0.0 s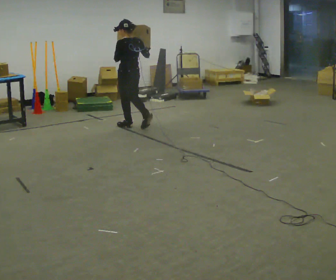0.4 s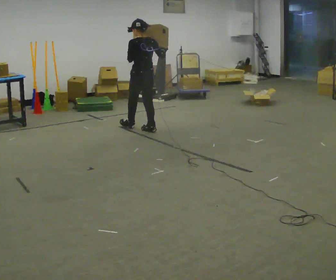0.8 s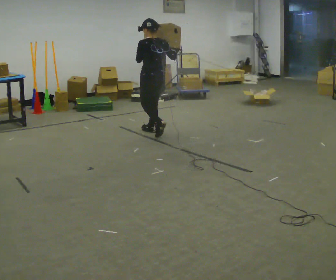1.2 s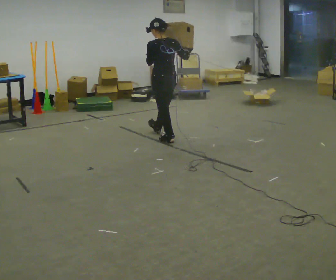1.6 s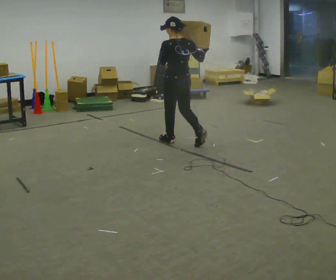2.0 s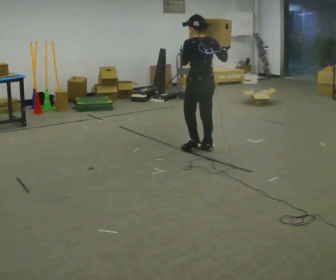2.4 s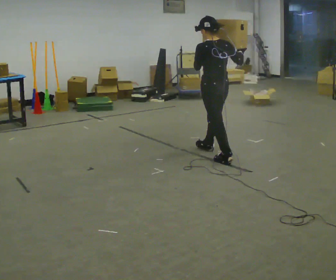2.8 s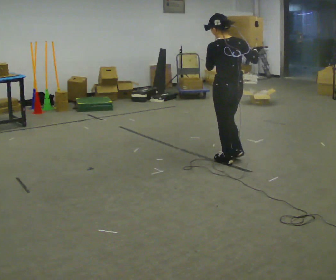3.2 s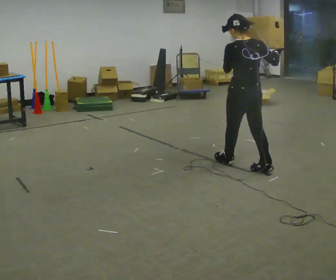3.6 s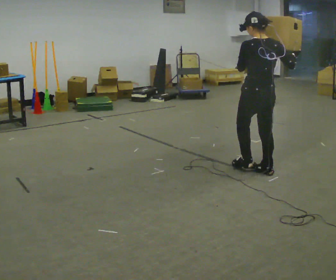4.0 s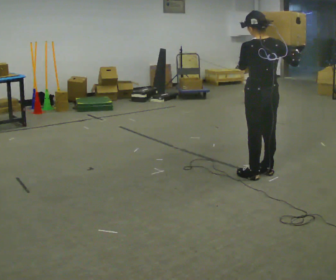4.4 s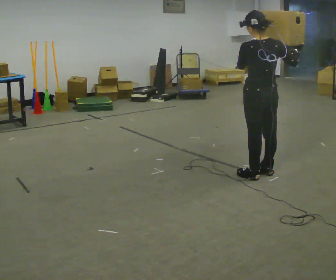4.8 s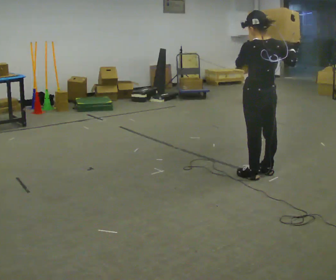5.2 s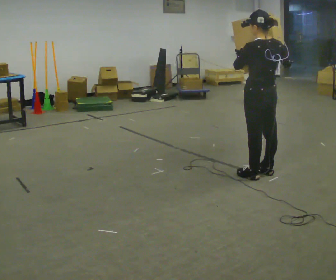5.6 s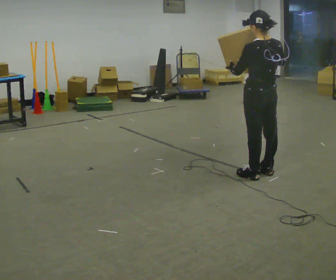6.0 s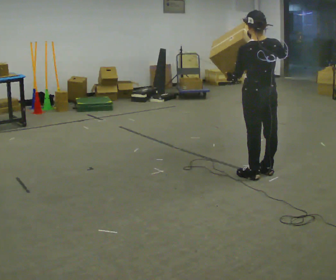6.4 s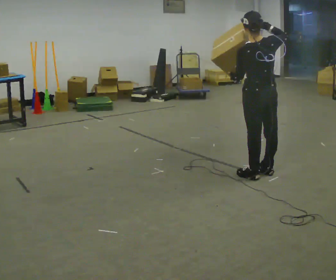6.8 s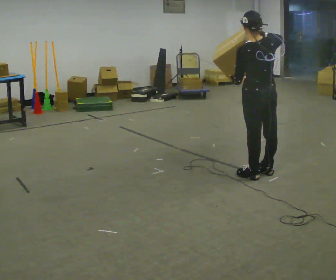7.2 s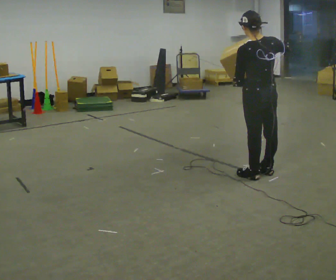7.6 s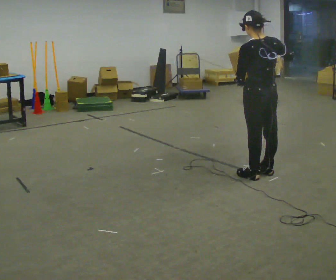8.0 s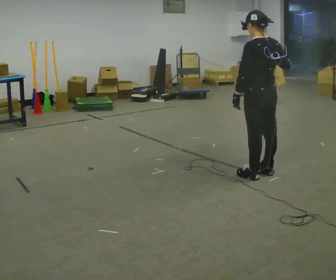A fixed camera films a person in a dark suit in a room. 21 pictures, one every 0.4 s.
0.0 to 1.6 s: In the picture they go to the right and toward the camera, about 1 m in 2 steps, which for them is backward.
1.6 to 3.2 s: In the picture they go toward the camera and to the right, about 1 m in 2 steps, which for them is backward.
3.2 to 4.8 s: In the picture they go toward the camera, about 0.25 m in 1 step, which for them is backward.
4.8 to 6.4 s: In the picture their right hand goes to the left.
6.4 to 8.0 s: The person moves a little, or ends about where they began.
The film runs backward here.
